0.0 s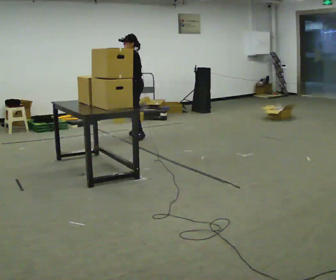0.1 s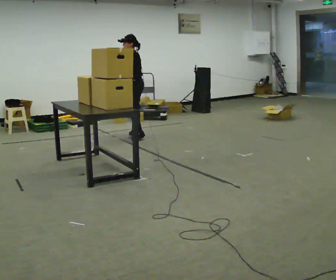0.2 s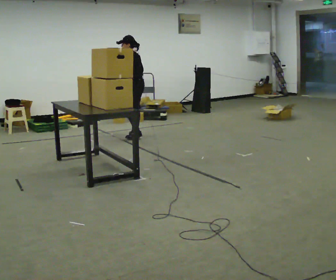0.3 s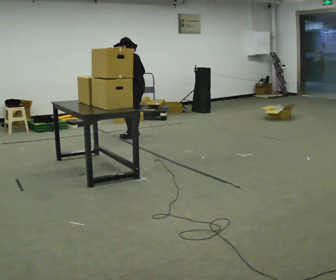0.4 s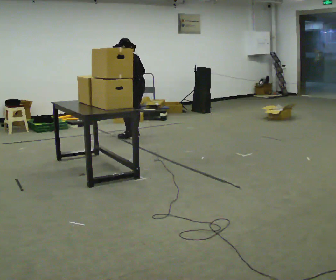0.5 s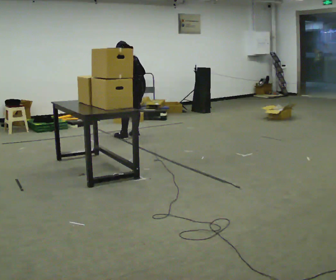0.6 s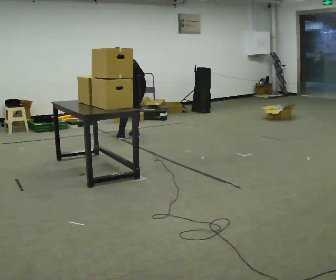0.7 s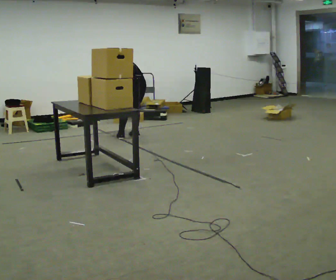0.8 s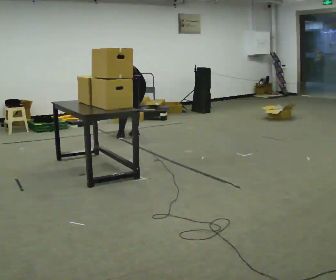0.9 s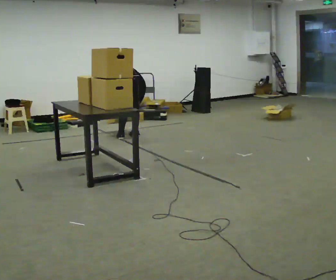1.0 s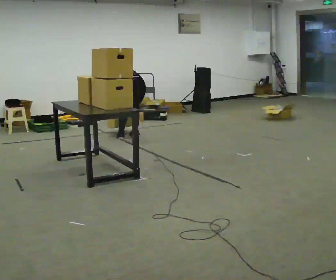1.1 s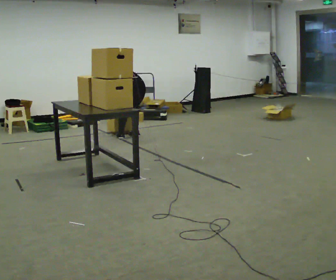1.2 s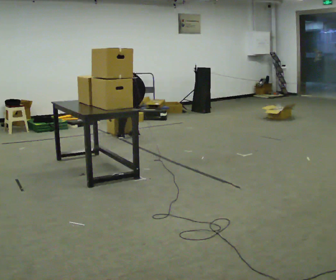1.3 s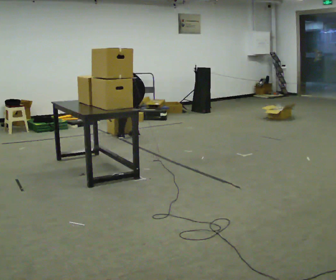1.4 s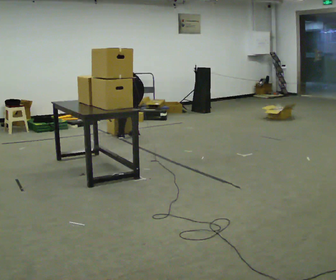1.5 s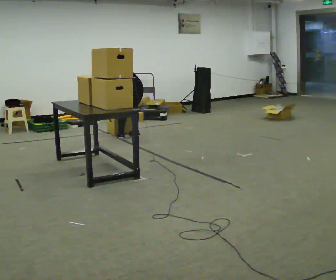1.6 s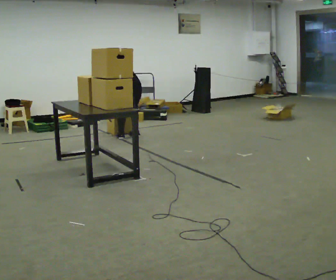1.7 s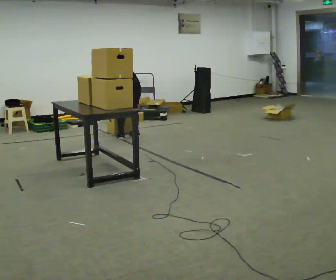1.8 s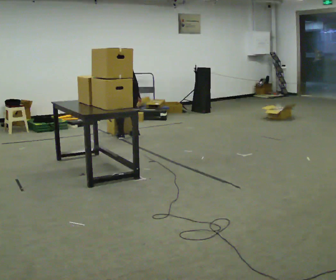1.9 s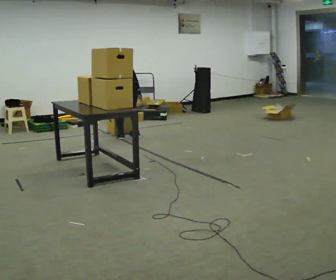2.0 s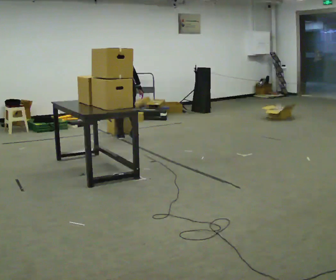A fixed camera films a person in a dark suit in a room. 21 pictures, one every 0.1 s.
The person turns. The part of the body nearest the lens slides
to the left.
The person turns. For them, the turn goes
to their right.
0.0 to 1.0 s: The part of the body nearest the lens slides to the left as the person turns to their right by about 60 degrees. The shoulders move downward. The upper body tips away from the camera, its near side rolling upward, as they bend forward. In the picture their right hand goes downward.
1.0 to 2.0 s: In the picture they go to the left, about 0.25 m, which for them is to their left.
The film runs backward here.
